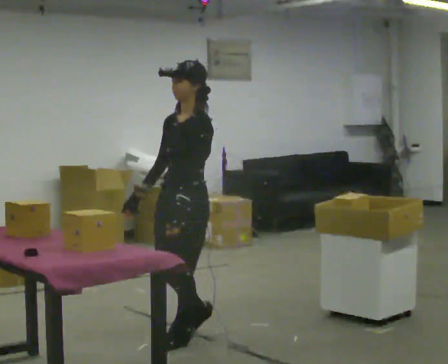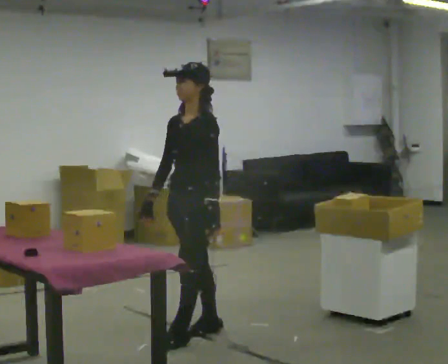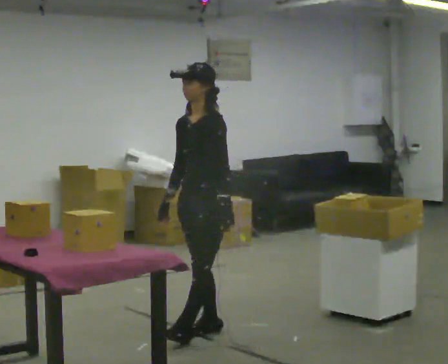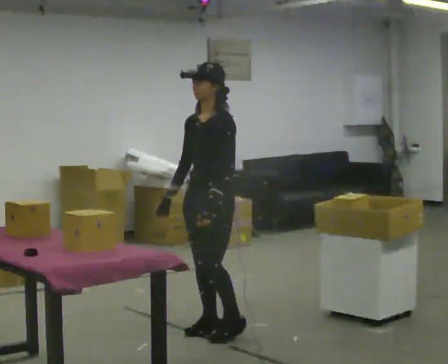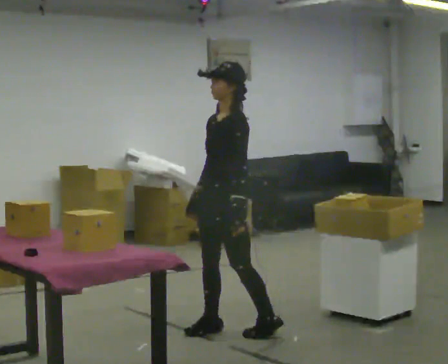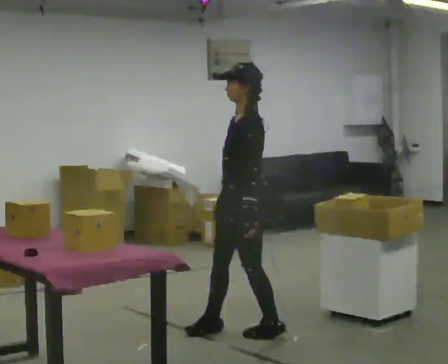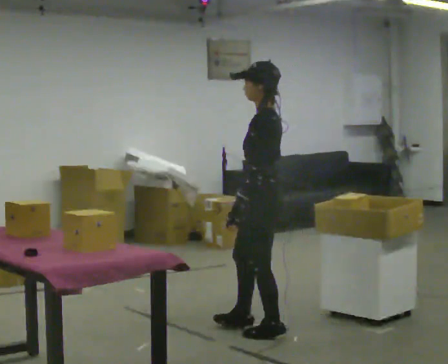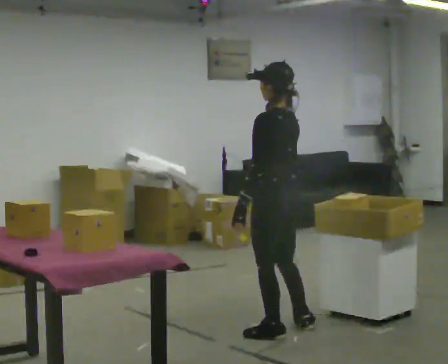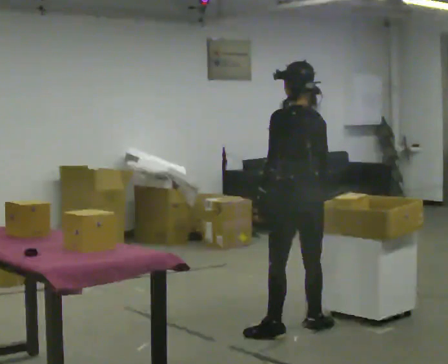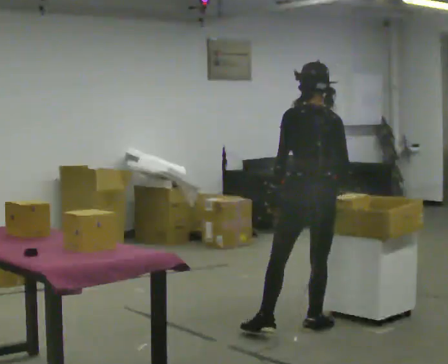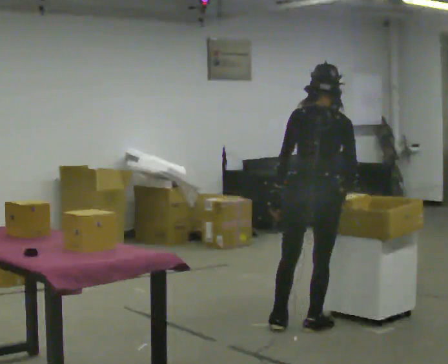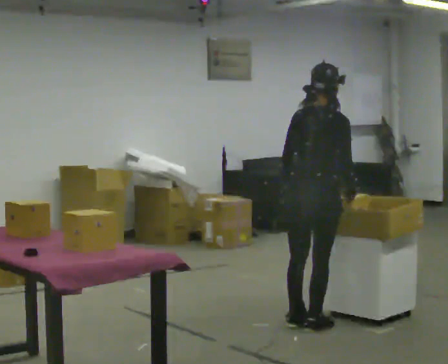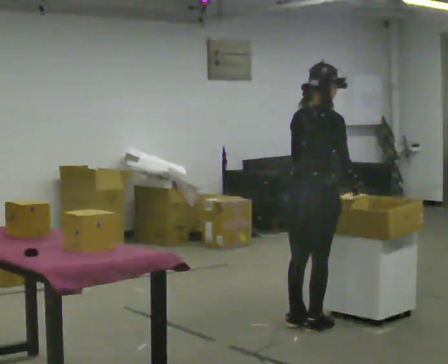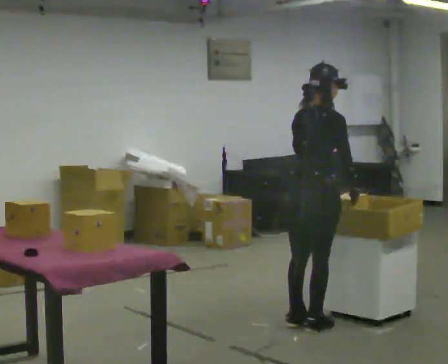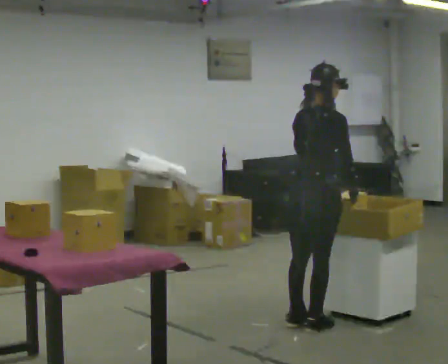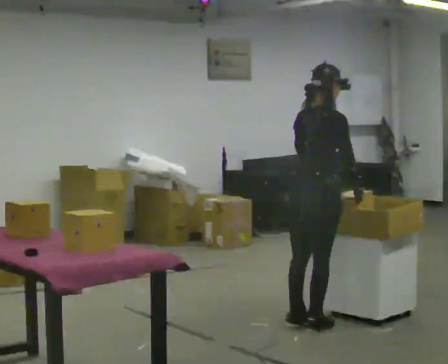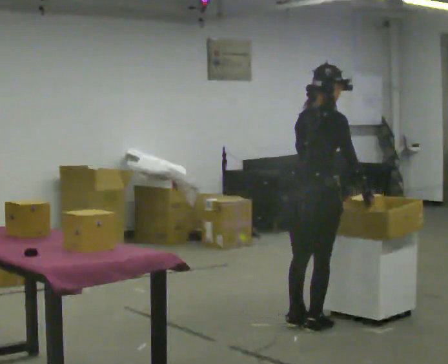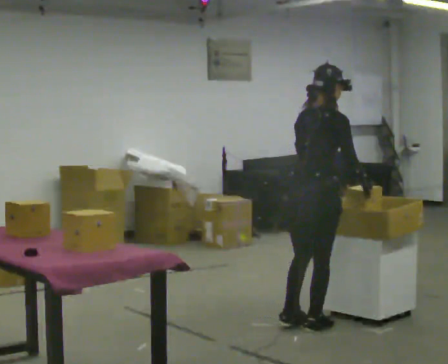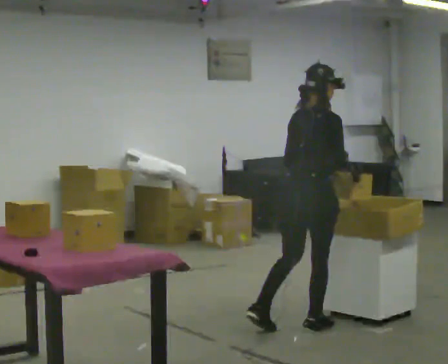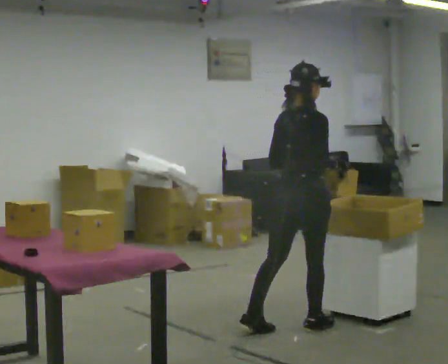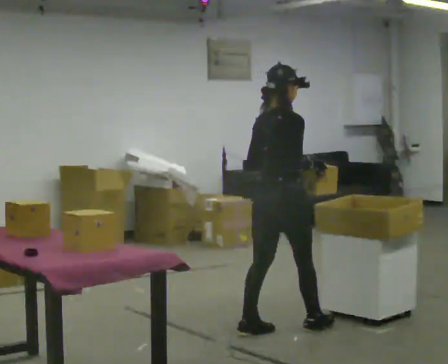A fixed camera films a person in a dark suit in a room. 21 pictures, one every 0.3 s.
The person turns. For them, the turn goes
to their right.
The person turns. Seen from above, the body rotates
clockwise.
0.0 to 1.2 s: In the picture they go away from the camera and to the right, about 0.25 m in 1 step, which for them is backward.
1.2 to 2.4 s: The part of the body nearest the lens slides to the left as the person turns to their right by about 90 degrees. In the picture they go to the right, about 0.5 m in 1 step.
2.4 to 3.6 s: The part of the body nearest the lens slides to the left as the person turns to their right by about 75 degrees. In the picture their left hand goes to the right.
3.6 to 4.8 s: The person moves a little, or ends about where they began.
4.8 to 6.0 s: In the picture they go to the left, about 0.25 m in 1 step, which for them is backward. In the picture their left hand goes to the left.
The film runs backward here.
